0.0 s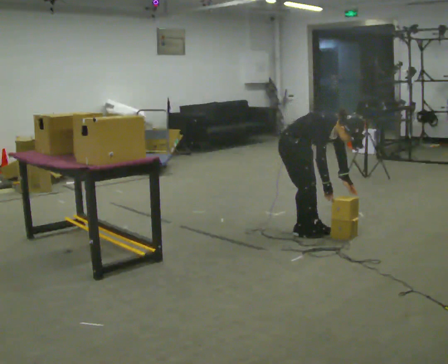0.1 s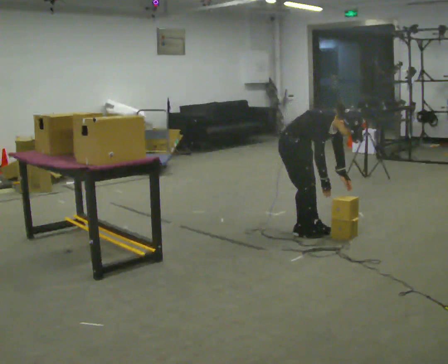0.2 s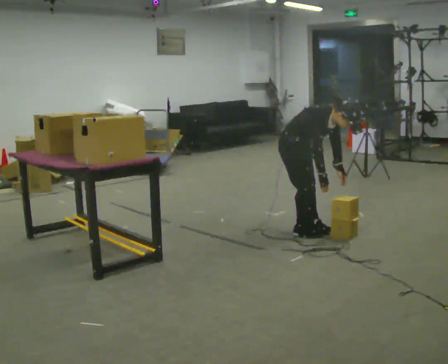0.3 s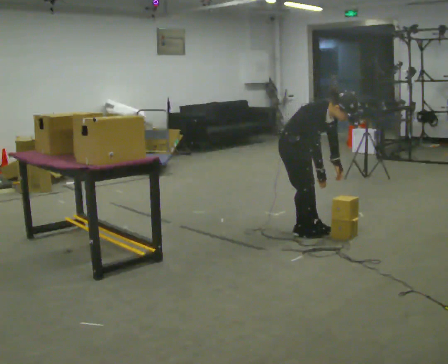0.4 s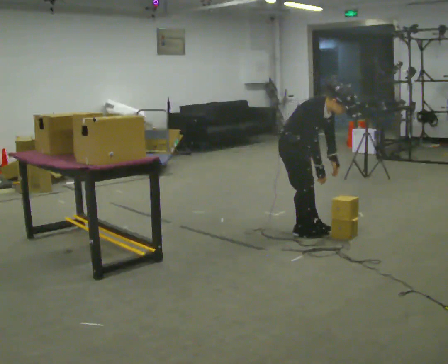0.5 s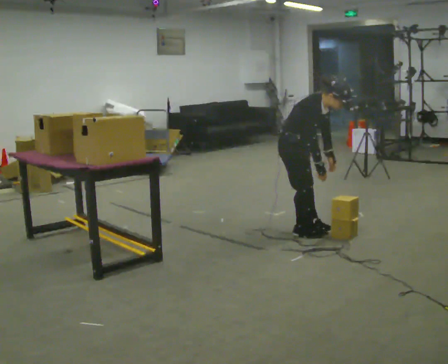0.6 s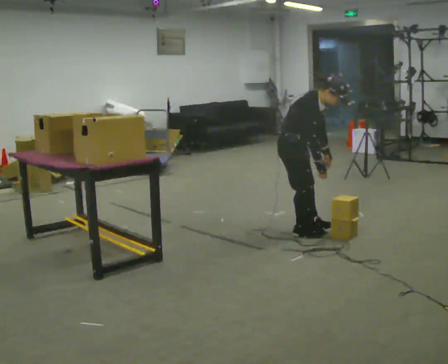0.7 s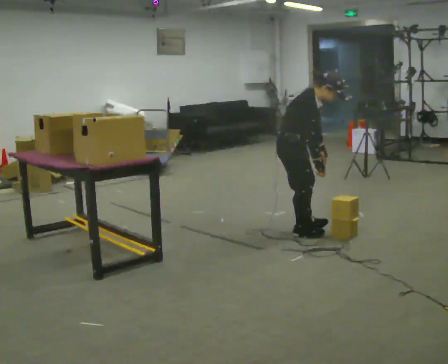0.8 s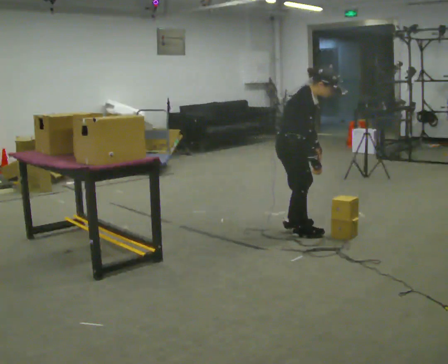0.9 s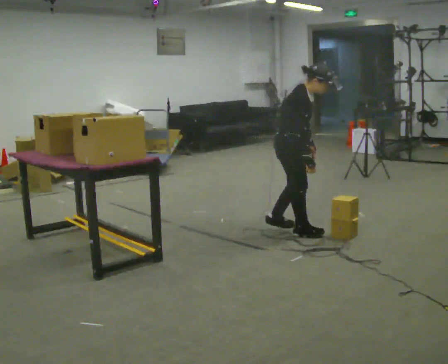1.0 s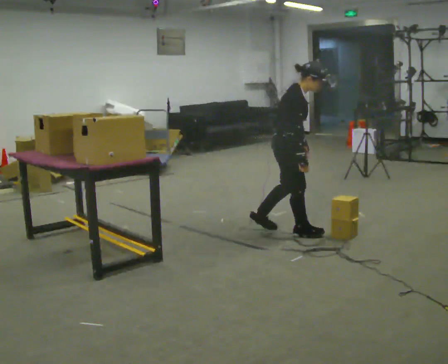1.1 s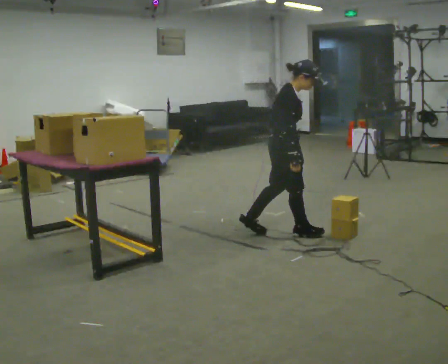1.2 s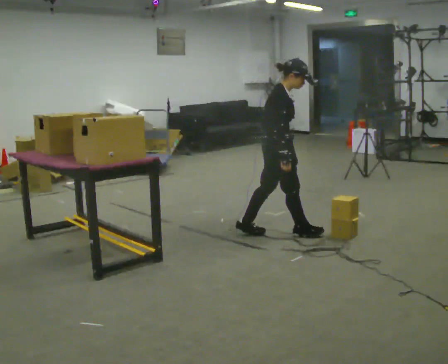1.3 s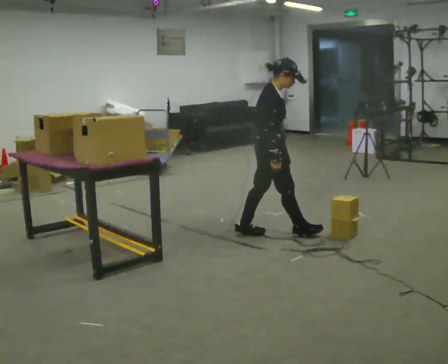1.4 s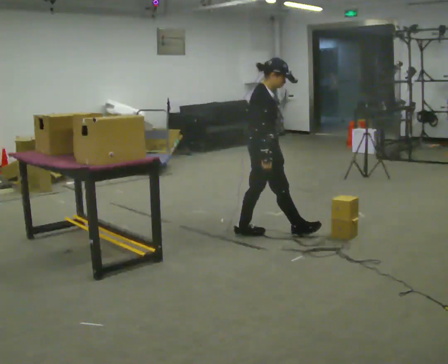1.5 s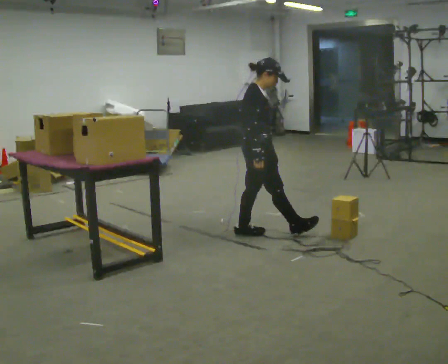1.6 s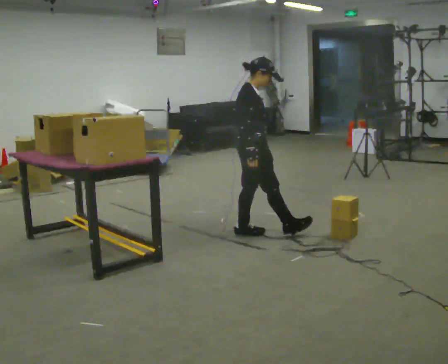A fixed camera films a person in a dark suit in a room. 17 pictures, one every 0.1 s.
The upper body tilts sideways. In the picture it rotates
counterclockwise.
The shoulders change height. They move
upward.
0.0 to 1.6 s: The part of the body nearest the lens slides to the right as the person turns to their left by about 45 degrees. In the picture they go to the left, about 0.25 m in 2 steps, which for them is backward and to their right. The shoulders move upward. In the picture the upper body tilts counterclockwise, shoulders to the left, as they lean back or straighten.
The film runs backward here.
